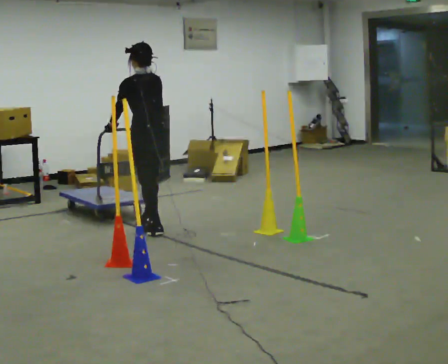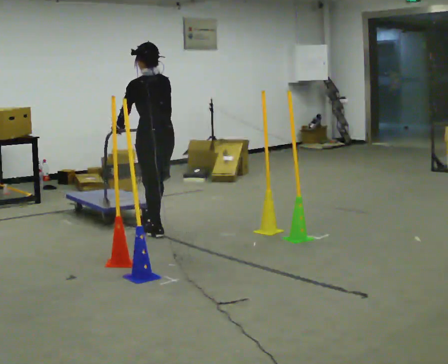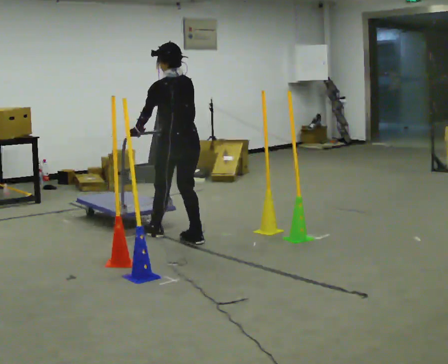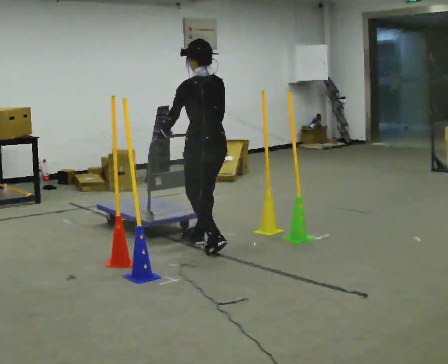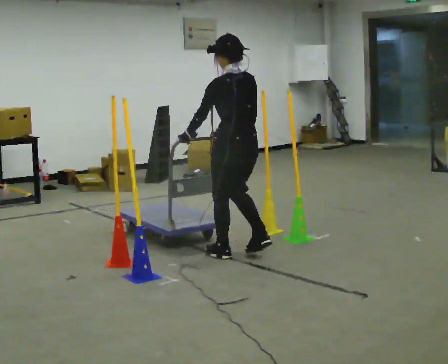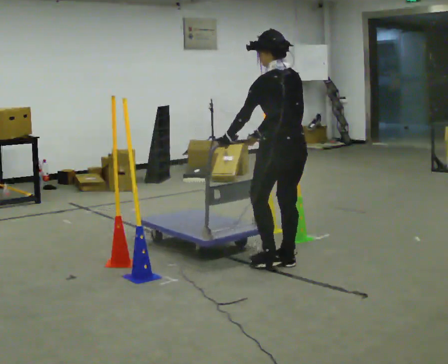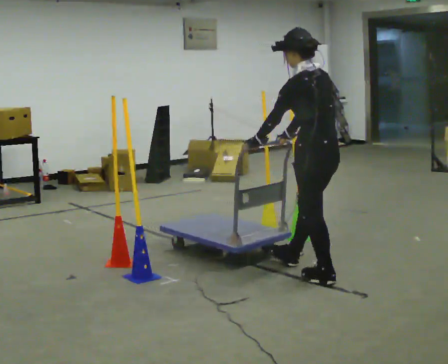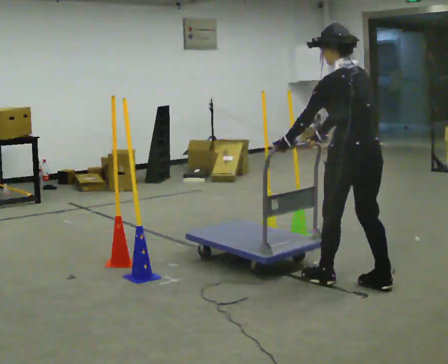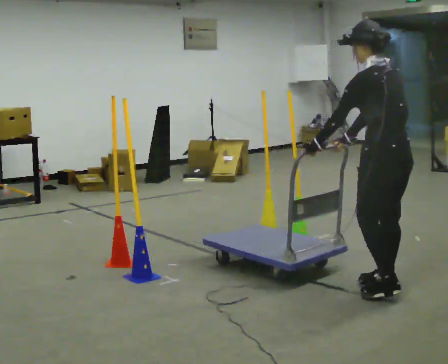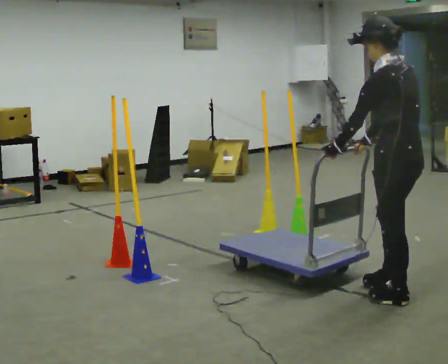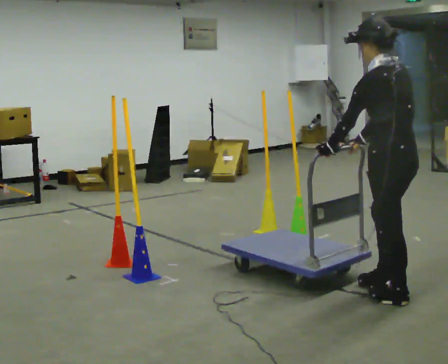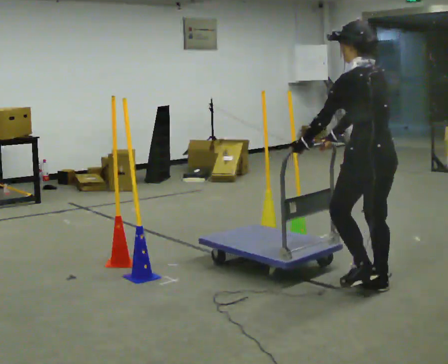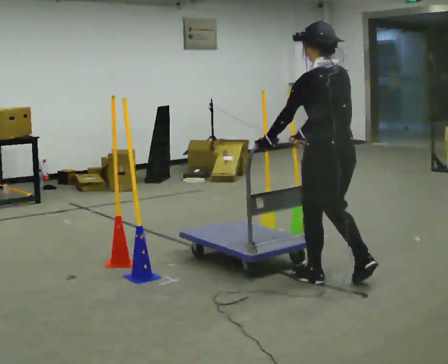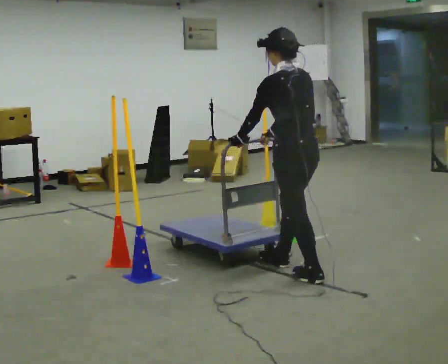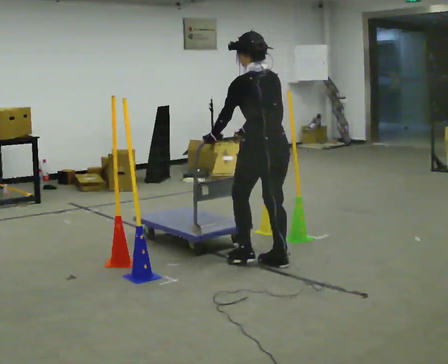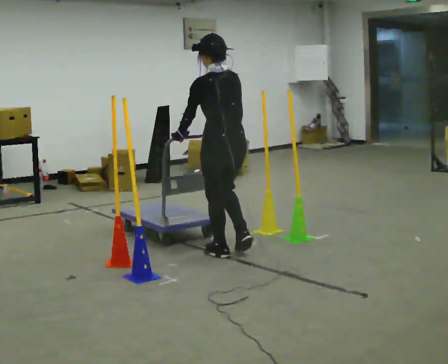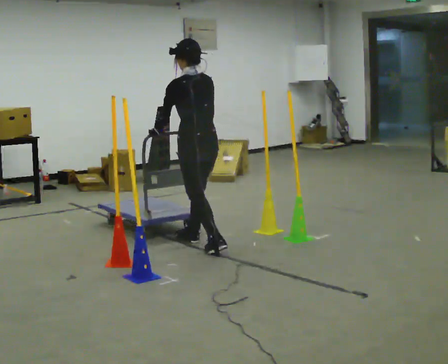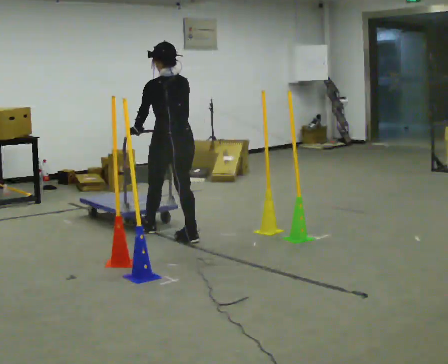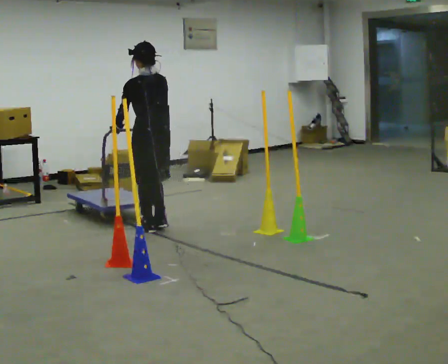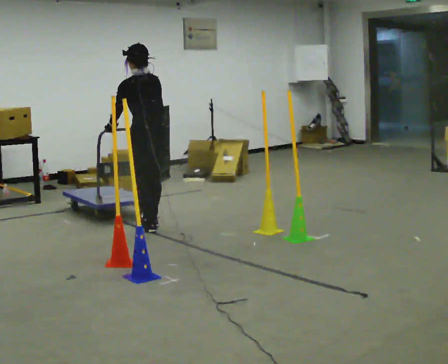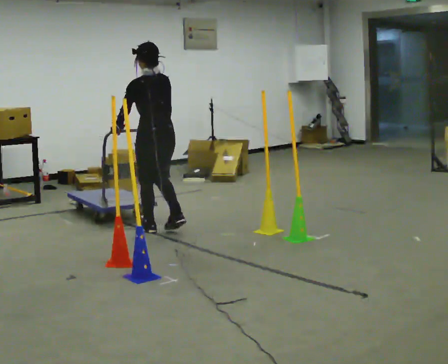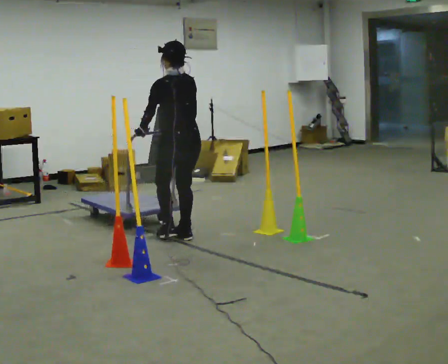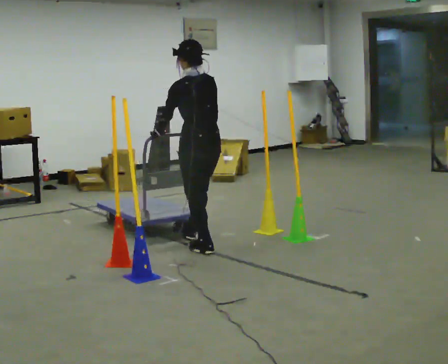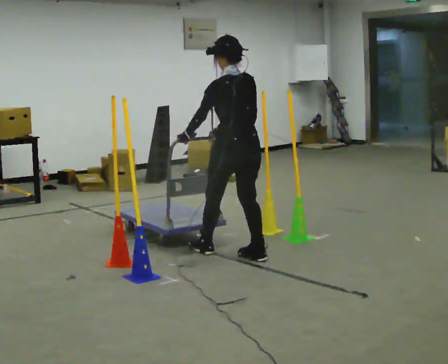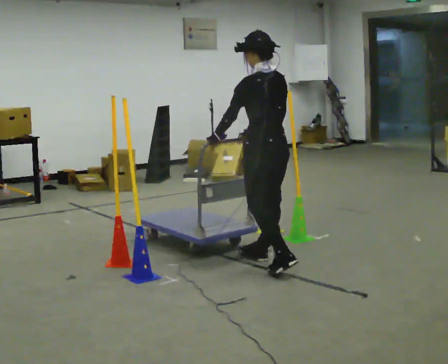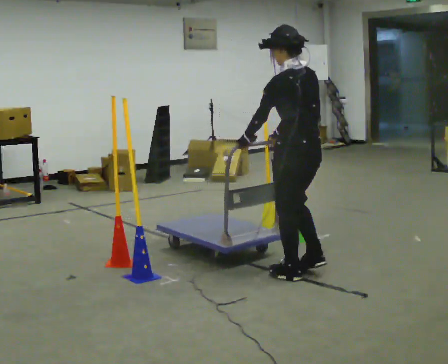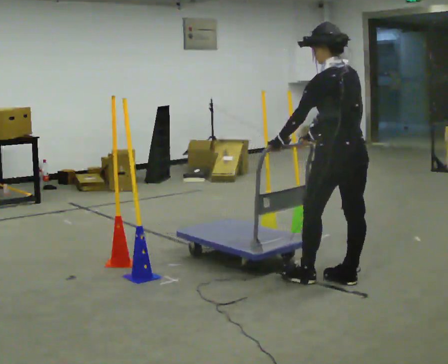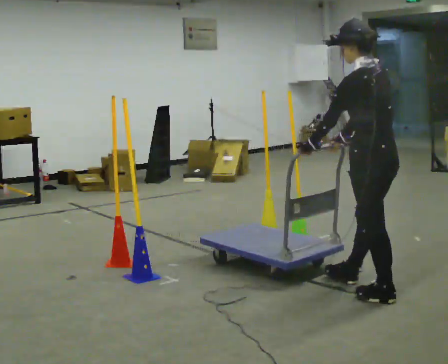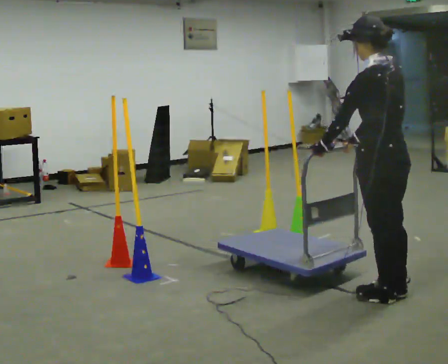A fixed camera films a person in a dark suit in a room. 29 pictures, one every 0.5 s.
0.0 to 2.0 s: In the picture they go toward the camera and to the right, about 1 m in 2 steps, which for them is backward.
2.0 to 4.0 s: In the picture they go to the right and toward the camera, about 1 m in 3 steps, which for them is backward.
4.0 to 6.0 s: In the picture they go to the left and away from the camera, about 0.5 m in 2 steps, which for them is forward.
6.0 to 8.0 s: In the picture they go away from the camera and to the left, about 1.5 m in 3 steps, which for them is forward.
8.0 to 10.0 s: In the picture they go away from the camera and to the left, about 0.5 m in 2 steps, which for them is forward.
10.0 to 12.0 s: In the picture they go to the right and toward the camera, about 1.5 m in 3 steps, which for them is backward.
12.0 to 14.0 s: In the picture they go toward the camera and to the right, about 1 m in 4 steps, which for them is backward.
The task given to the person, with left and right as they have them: Push the cart in and out of the line of poles without touching any of them. Keep going until the operator says stop.
The film runs forward here.
